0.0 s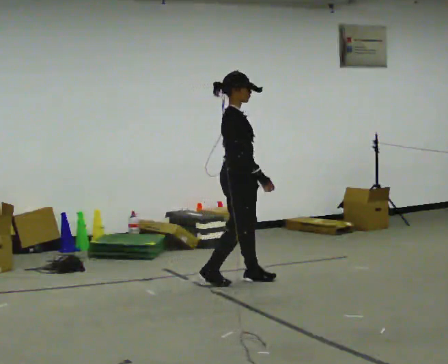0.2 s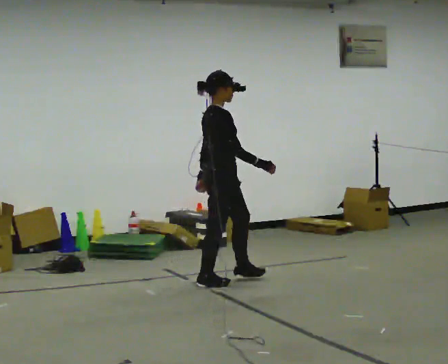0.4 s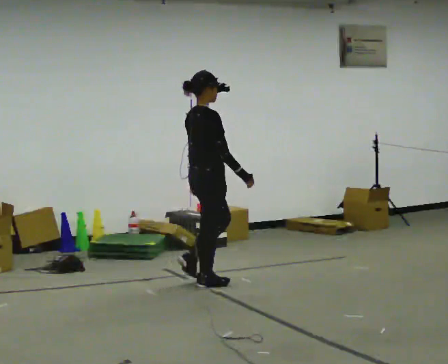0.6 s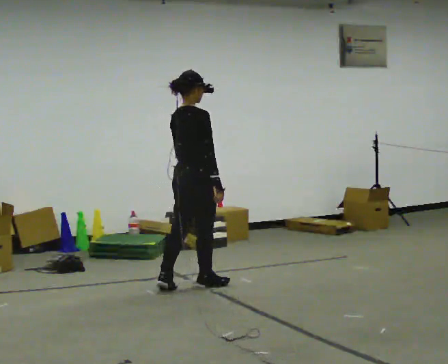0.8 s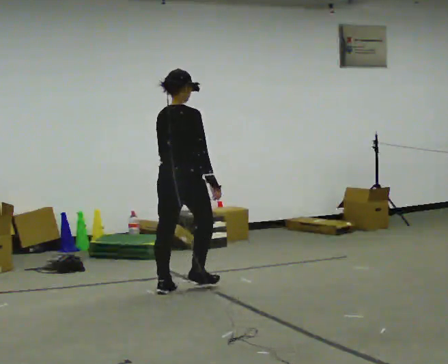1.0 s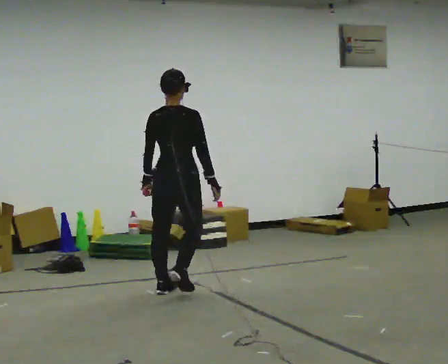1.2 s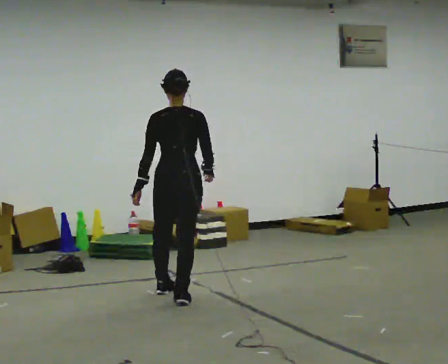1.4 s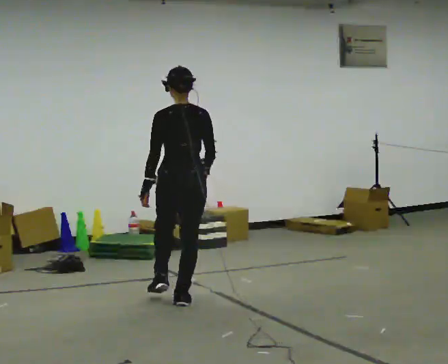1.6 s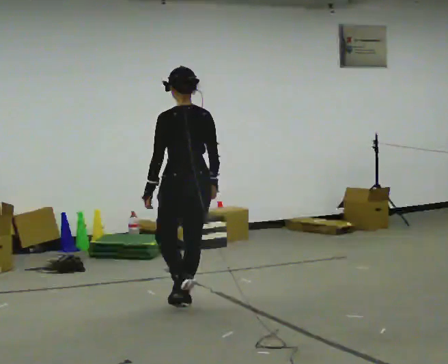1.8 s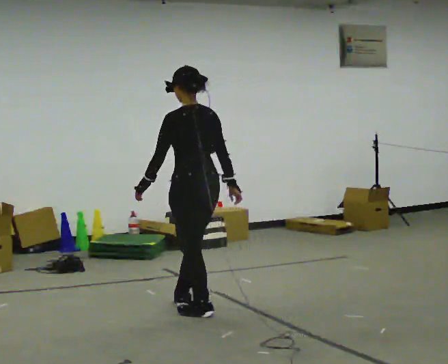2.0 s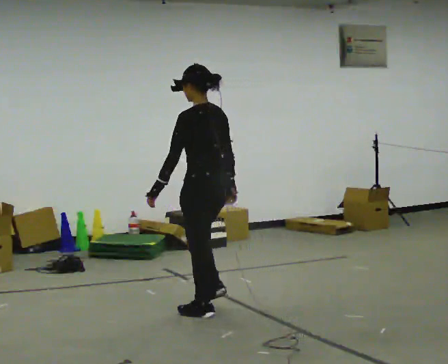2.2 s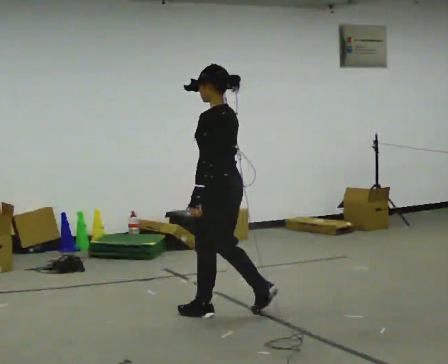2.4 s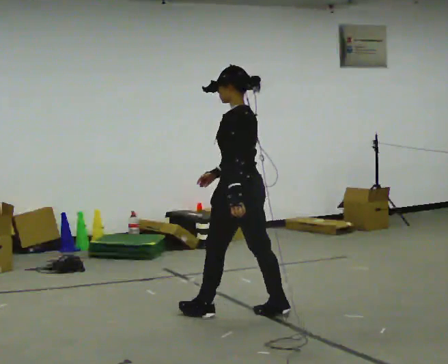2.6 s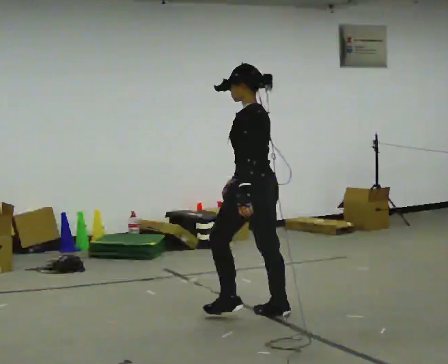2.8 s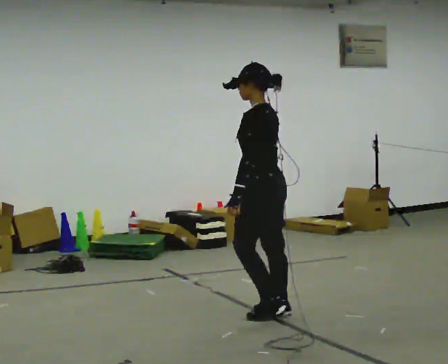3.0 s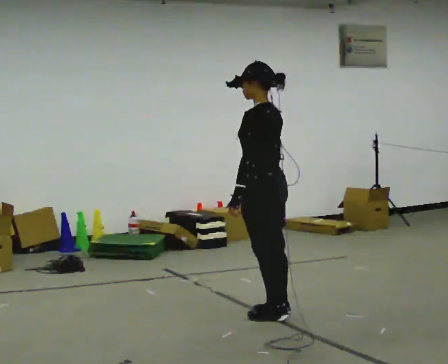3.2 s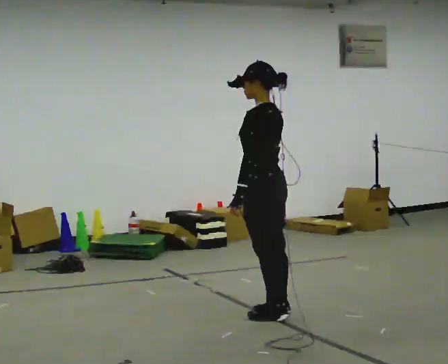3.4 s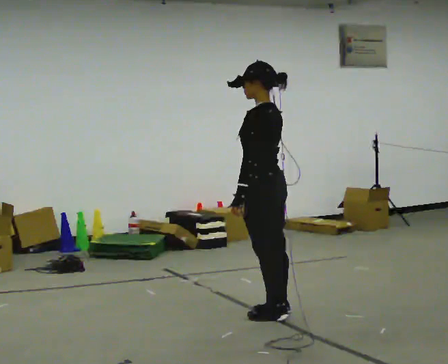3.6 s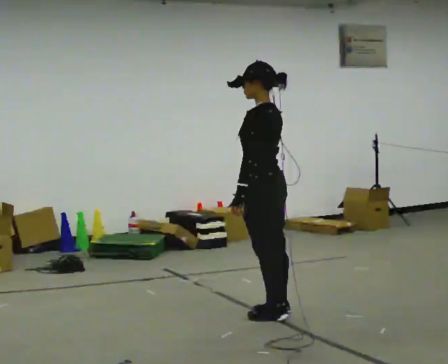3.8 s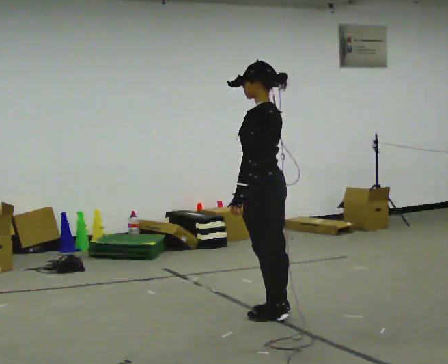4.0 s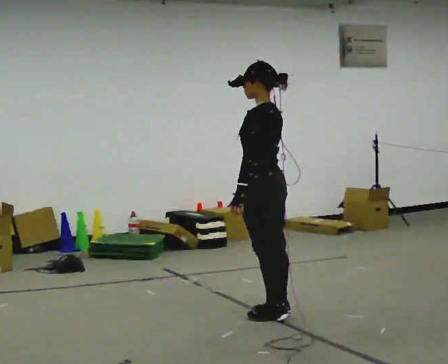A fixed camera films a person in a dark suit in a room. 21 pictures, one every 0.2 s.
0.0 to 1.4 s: The part of the body nearest the lens slides to the right as the person turns to their left by about 105 degrees. In the picture they go toward the camera and to the left, about 0.5 m in 3 steps.
1.4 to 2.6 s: The part of the body nearest the lens slides to the right as the person turns to their left by about 60 degrees. In the picture they go to the right and toward the camera, about 0.5 m in 2 steps, which for them is backward.
2.6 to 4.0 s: The person moves a little, or ends about where they began.
The film runs backward here.
